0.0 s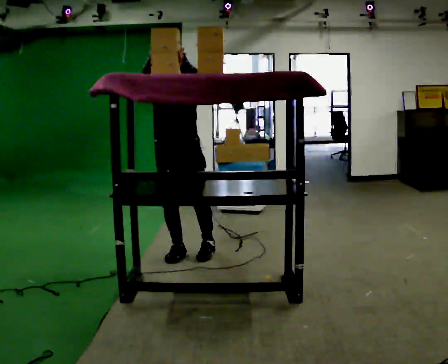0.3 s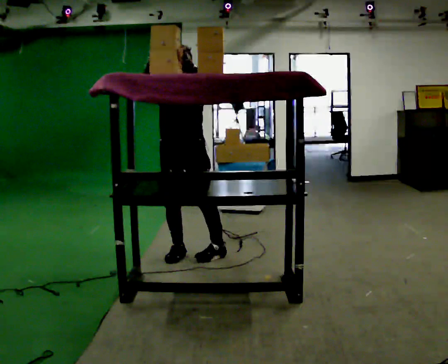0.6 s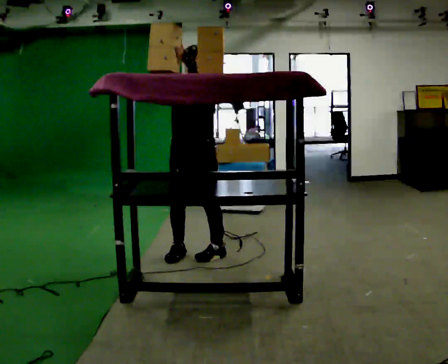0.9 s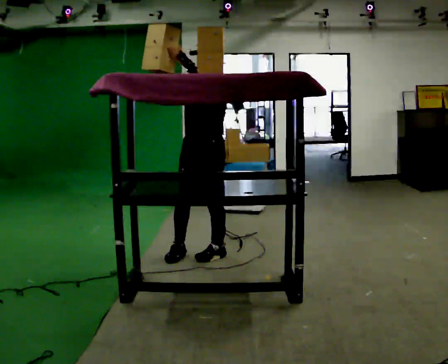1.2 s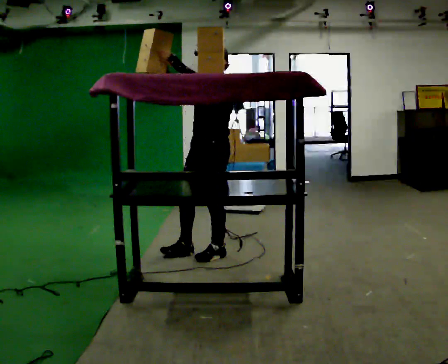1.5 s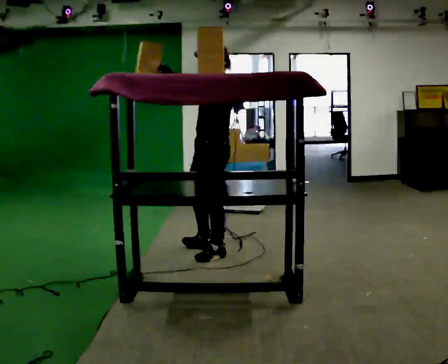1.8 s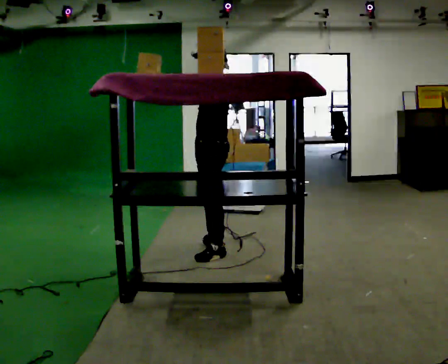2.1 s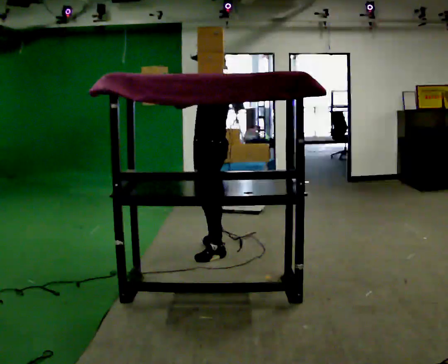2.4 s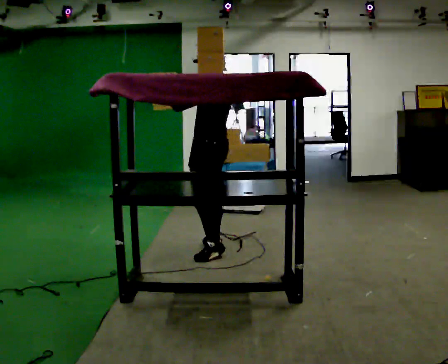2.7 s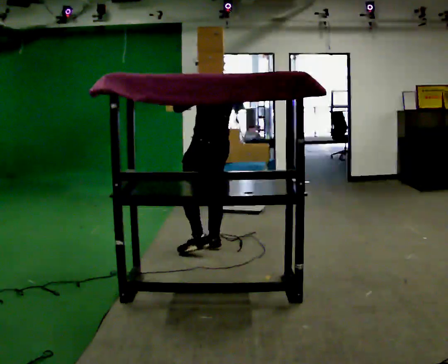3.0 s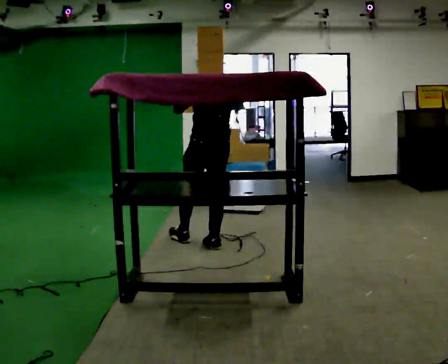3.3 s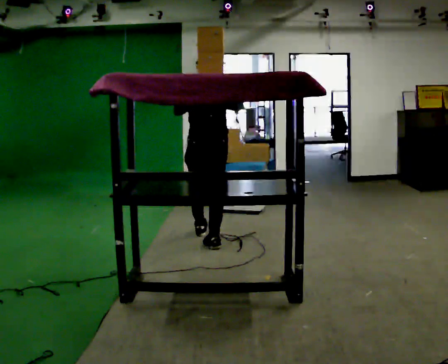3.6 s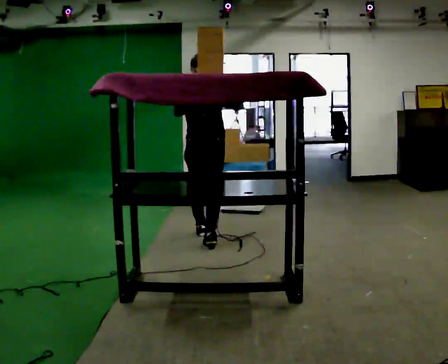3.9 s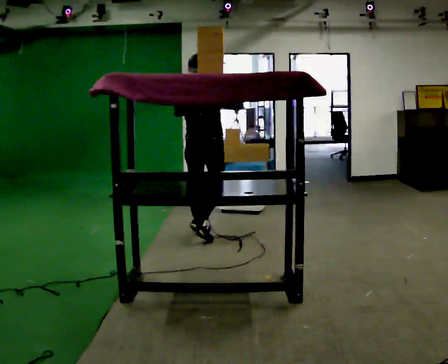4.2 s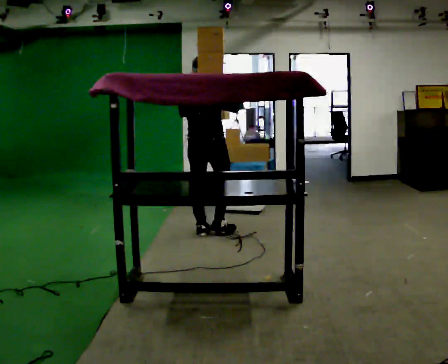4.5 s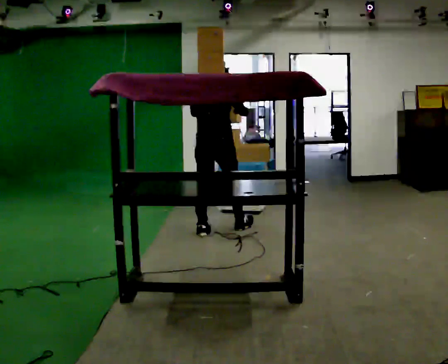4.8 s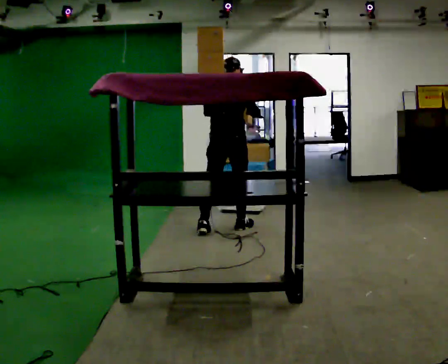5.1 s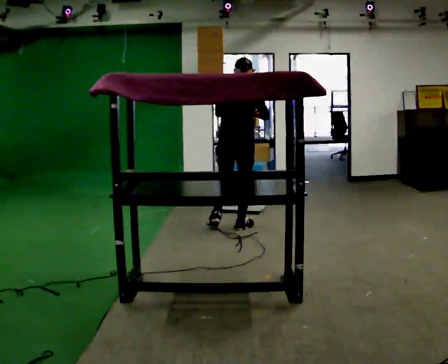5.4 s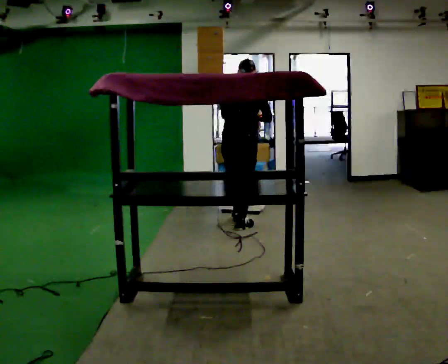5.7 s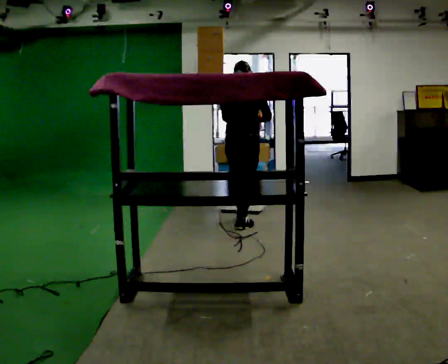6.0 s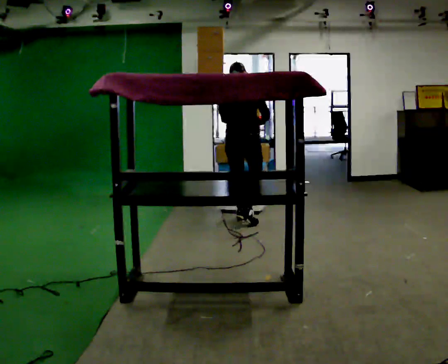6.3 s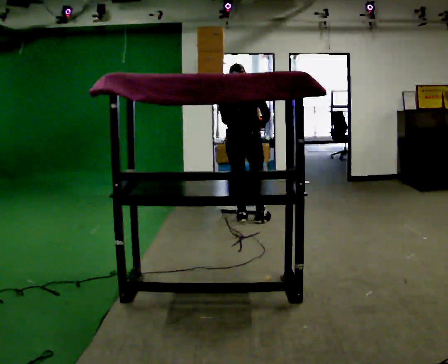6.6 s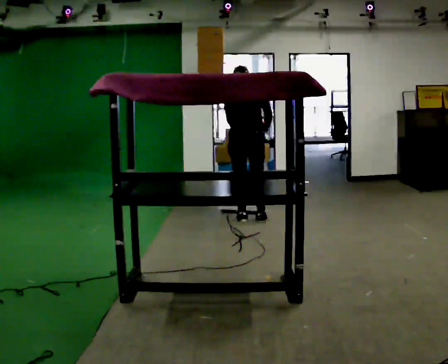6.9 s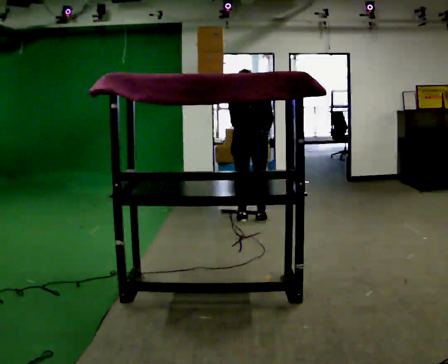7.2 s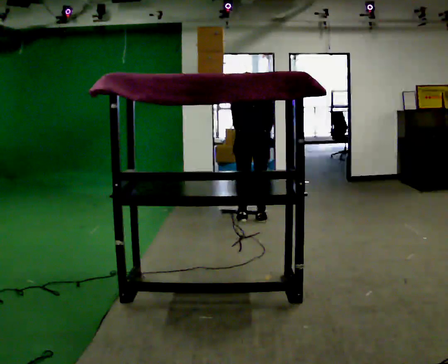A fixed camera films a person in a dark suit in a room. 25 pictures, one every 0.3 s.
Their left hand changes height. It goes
downward.
Their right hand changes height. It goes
downward.
0.0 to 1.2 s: The part of the body nearest the lens slides to the left as the person turns to their right by about 60 degrees. In the picture they go to the right, about 0.25 m in 1 step, which for them is to their left.
1.2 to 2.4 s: The person turns about 60 degrees to their right, clockwise seen from above, so the part of the body nearest the lens slides to the left. In the picture they go away from the camera, about 0.25 m in 1 step.
2.4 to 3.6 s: Seen from above the body turns clockwise, about 75 degrees: to their right, with its near side sliding to the left. In the picture they go away from the camera, about 0.25 m in 1 step.
3.6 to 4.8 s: In the picture they go away from the camera and to the right, about 0.5 m in 1 step, which for them is forward.
4.8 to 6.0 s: In the picture they go away from the camera and to the right, about 0.25 m in 1 step, which for them is forward.
6.0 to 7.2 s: The upper body tips away from the camera, its near side rolling upward, as they bend forward.
The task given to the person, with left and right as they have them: Take an object from the waist-height shelf, carry it across the room, and place it on the highest shelf you can comfortably reach. Keep going until the operator says stop; one object at a time, and do not rush between trips.
The film runs forward here.
